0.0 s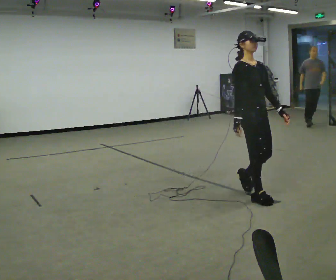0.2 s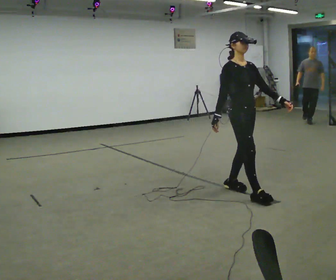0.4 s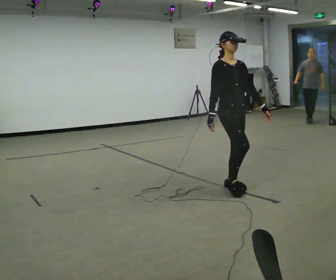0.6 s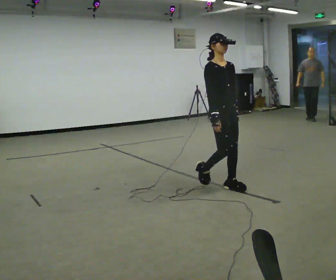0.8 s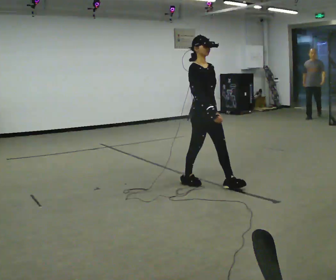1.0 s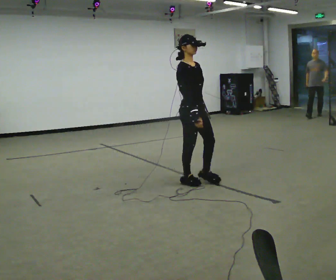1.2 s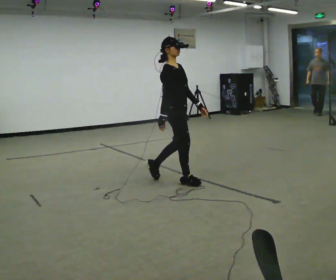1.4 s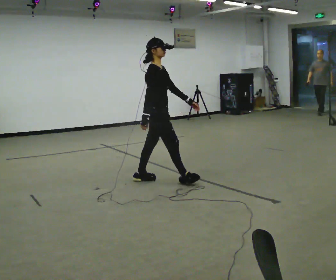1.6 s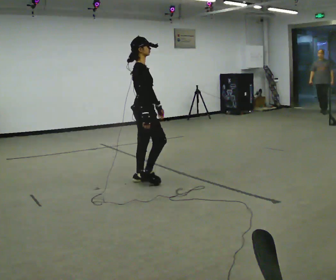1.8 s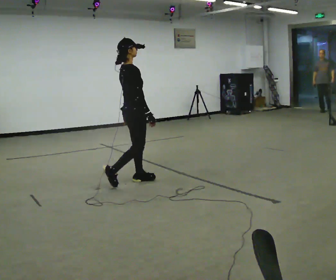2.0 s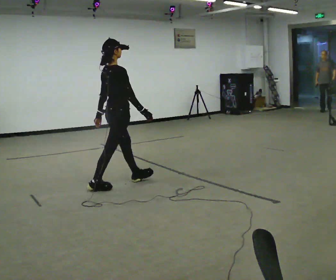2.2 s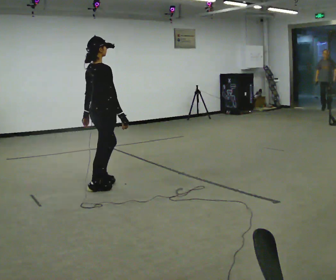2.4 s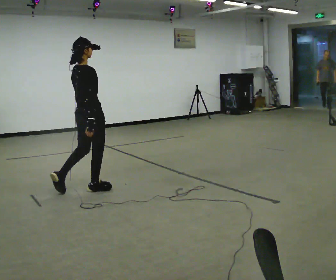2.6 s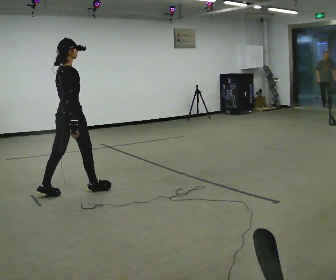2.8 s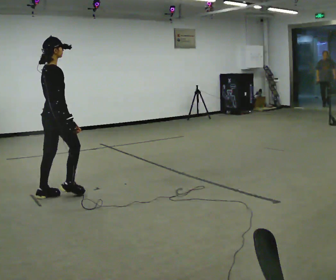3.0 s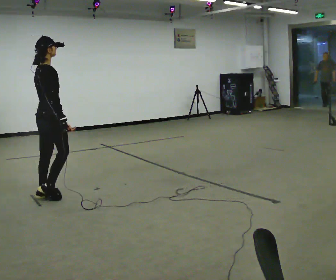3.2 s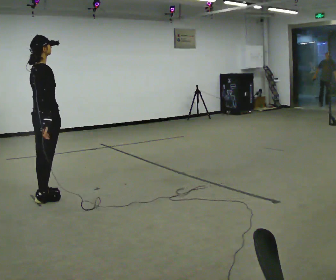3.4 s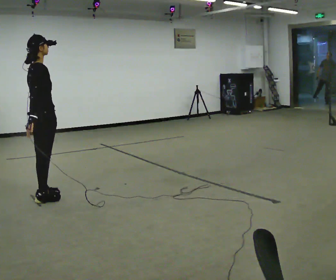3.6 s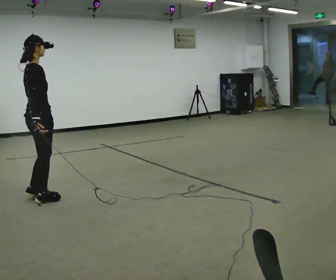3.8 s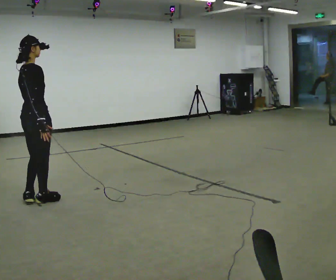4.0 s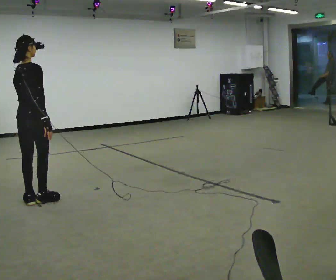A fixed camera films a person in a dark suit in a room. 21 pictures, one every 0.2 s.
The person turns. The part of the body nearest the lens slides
to the right.
The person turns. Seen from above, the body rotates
counterclockwise.
0.0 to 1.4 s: Seen from above the body turns counterclockwise, about 45 degrees: to their left, with its near side sliding to the right. In the picture they go to the left and away from the camera, about 1 m in 3 steps, which for them is backward.
1.4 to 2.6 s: The part of the body nearest the lens slides to the right as the person turns to their left by about 45 degrees. In the picture they go to the left, about 1 m in 1 step, which for them is backward.
2.6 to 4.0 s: In the picture they go to the left and toward the camera, about 0.5 m in 2 steps, which for them is backward.
The film runs backward here.
